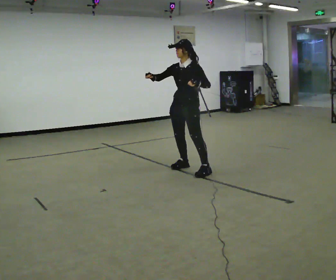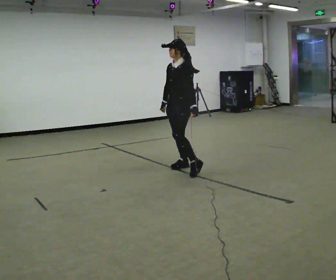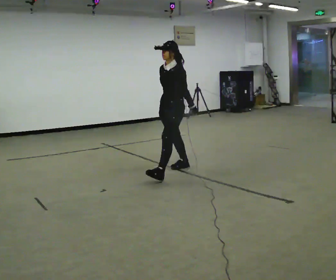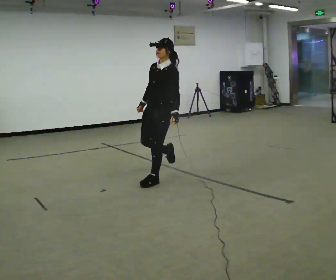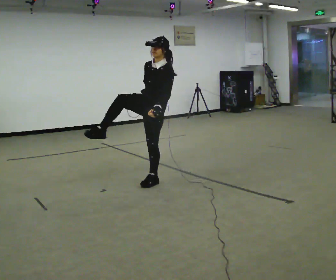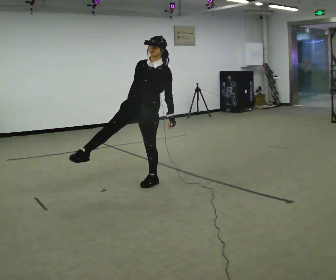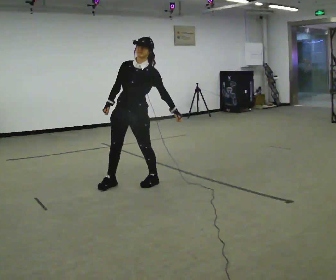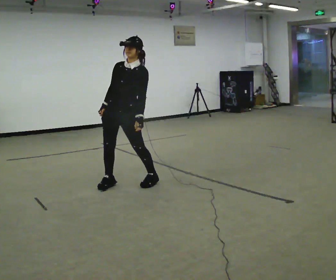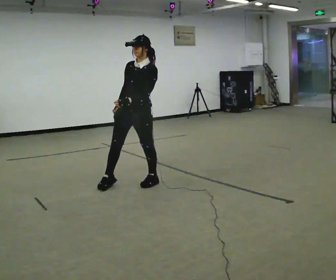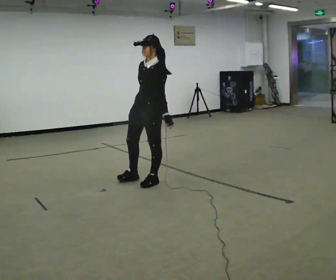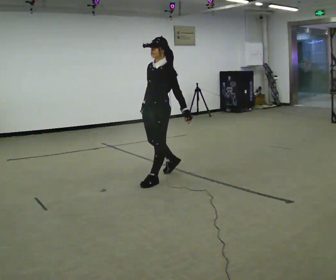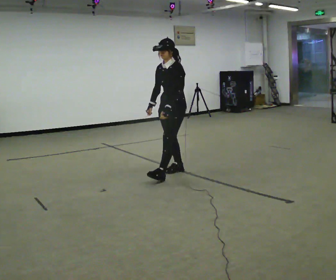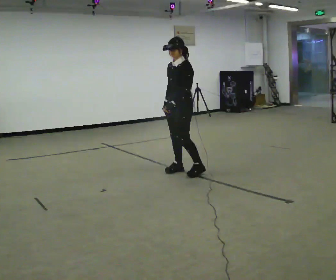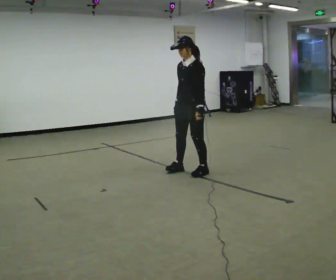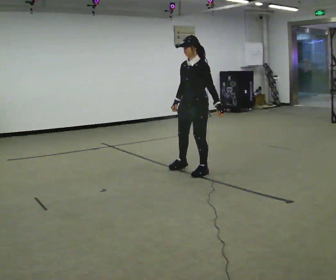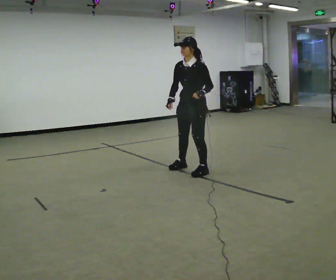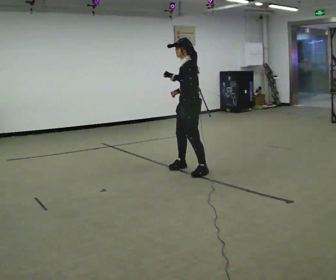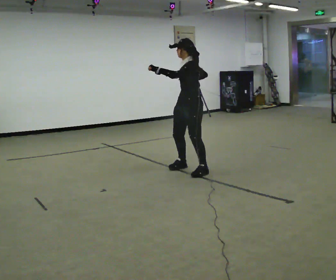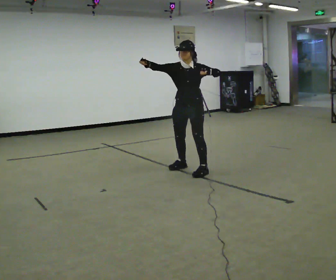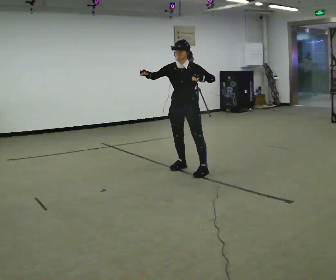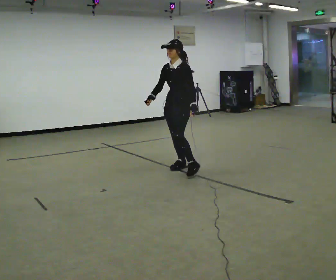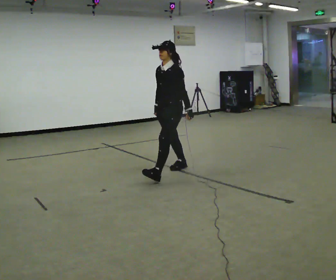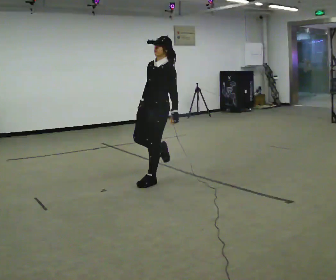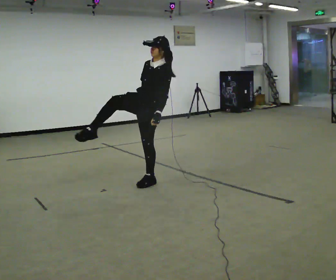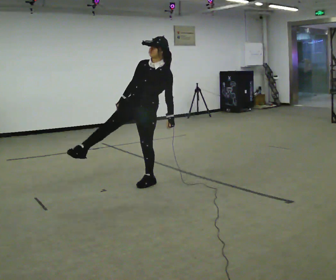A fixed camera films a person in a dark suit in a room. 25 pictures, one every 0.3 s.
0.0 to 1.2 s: In the picture they go toward the camera and to the left, about 0.5 m in 1 step, which for them is forward. In the picture the upper body tilts clockwise, shoulders to the right.
1.2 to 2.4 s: The person moves a little, or ends about where they began.
2.4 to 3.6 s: In the picture they go away from the camera and to the right, about 0.75 m in 1 step, which for them is backward.
3.6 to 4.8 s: The person turns about 30 degrees to their right, clockwise seen from above, so the part of the body nearest the lens slides to the left. In the picture their left hand goes upward.
4.8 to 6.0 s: The person turns about 45 degrees to their left, counterclockwise seen from above, so the part of the body nearest the lens slides to the right. In the picture their left hand goes downward and to the right.
6.0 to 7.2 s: The person turns about 30 degrees to their left, counterclockwise seen from above, so the part of the body nearest the lens slides to the right. In the picture they go toward the camera and to the left, about 0.75 m in 1 step, which for them is forward. In the picture the upper body tilts clockwise, shoulders to the right.
The film runs forward here.
